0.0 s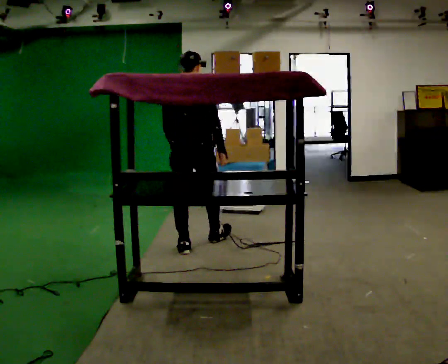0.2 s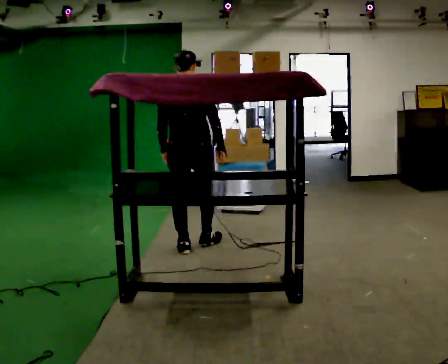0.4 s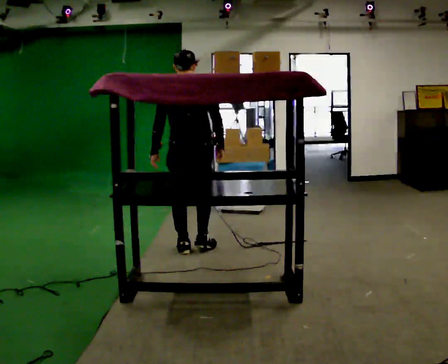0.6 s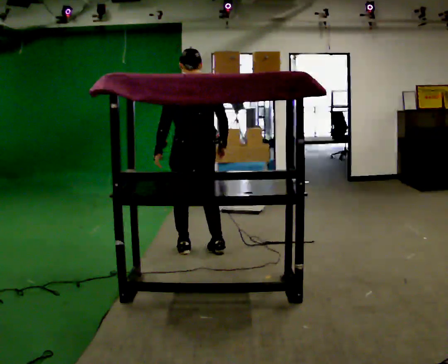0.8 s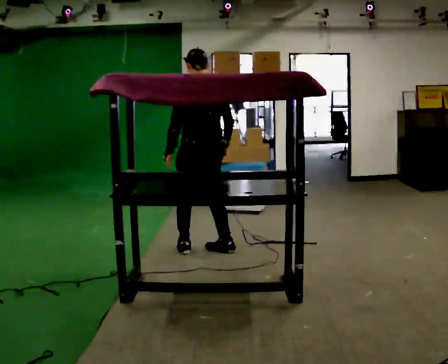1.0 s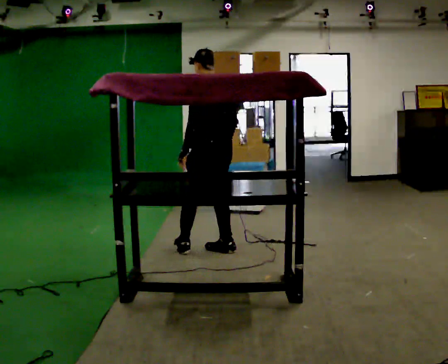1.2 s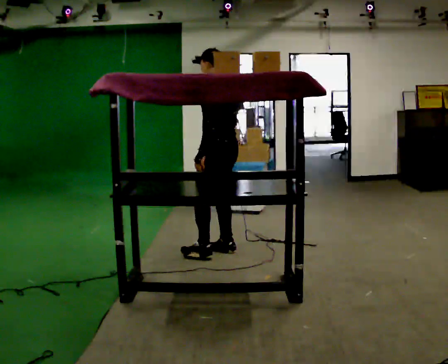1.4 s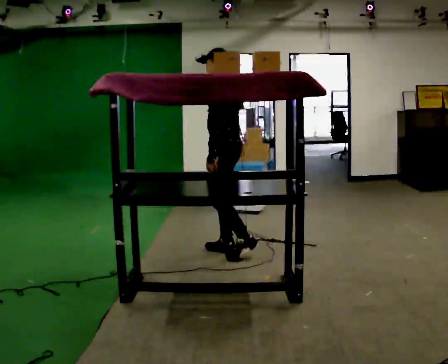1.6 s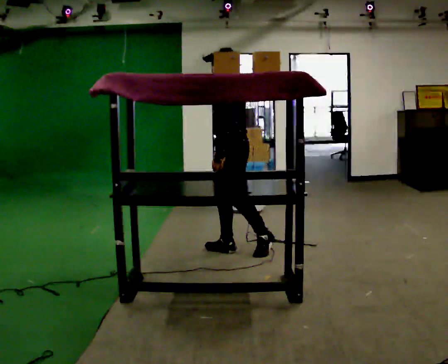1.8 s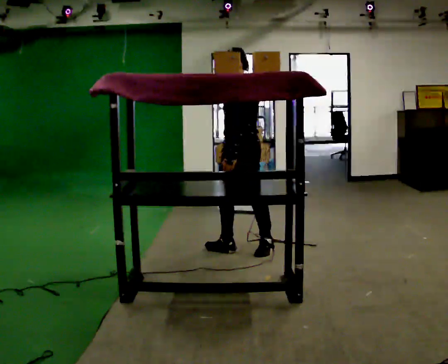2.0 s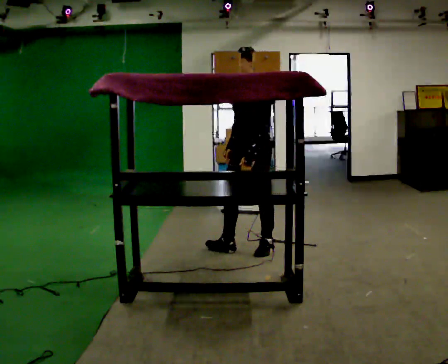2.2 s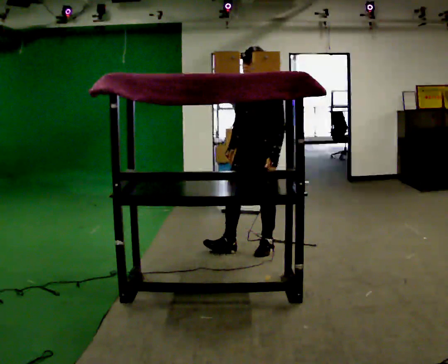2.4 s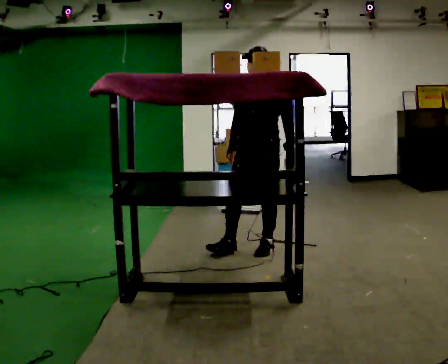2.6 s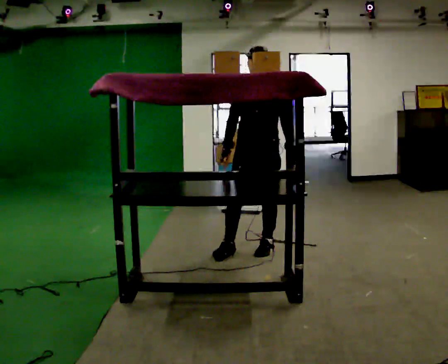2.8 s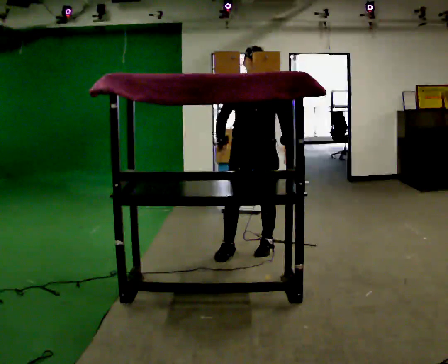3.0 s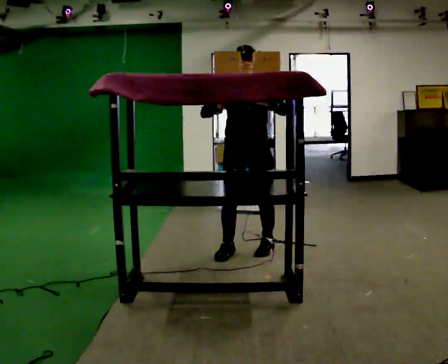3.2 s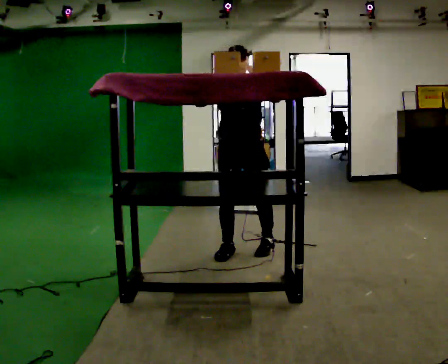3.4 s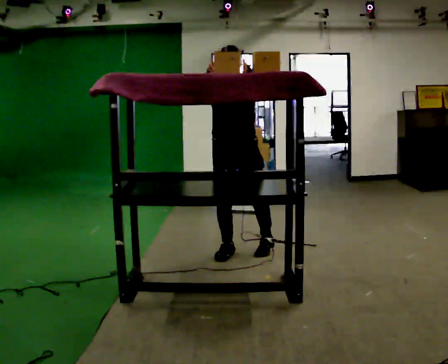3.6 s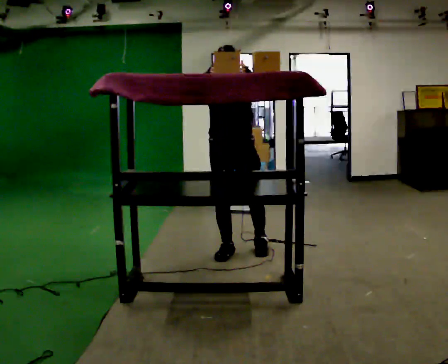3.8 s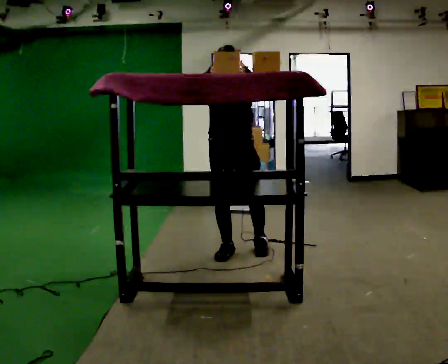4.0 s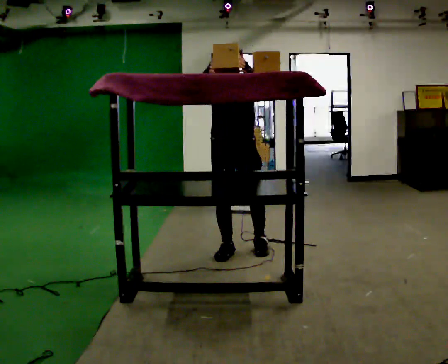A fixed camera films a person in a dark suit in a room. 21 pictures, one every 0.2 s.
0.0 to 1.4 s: The person turns about 90 degrees to their left, counterclockwise seen from above, so the part of the body nearest the lens slides to the right. In the picture they go to the right, about 0.25 m in 1 step.
1.4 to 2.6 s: The person turns about 75 degrees to their left, counterclockwise seen from above, so the part of the body nearest the lens slides to the right. In the picture they go to the right, about 0.25 m.
2.6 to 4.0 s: In the picture they go to the left, about 0.25 m, which for them is to their right. In the picture their right hand goes upward.
The film runs backward here.
